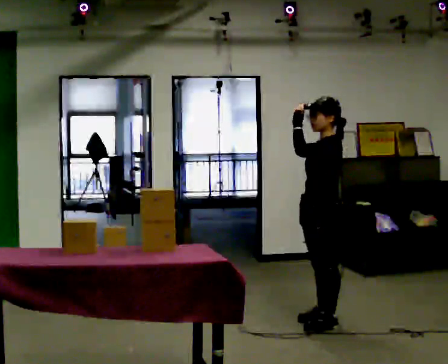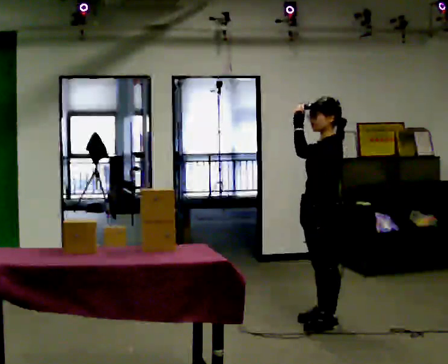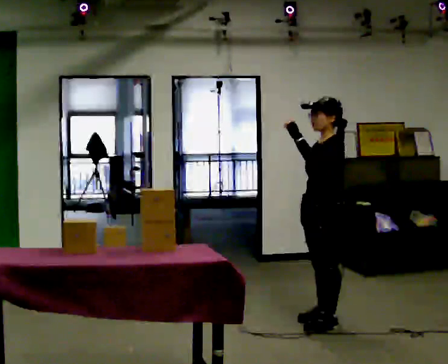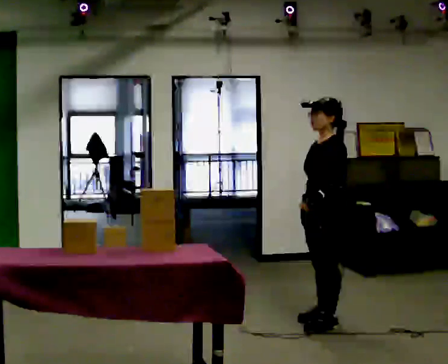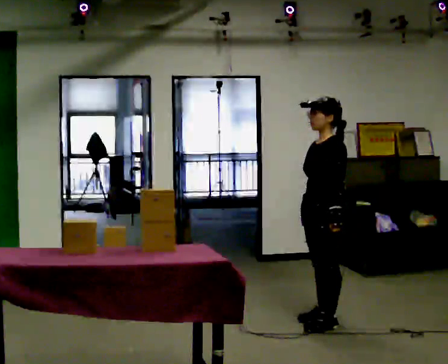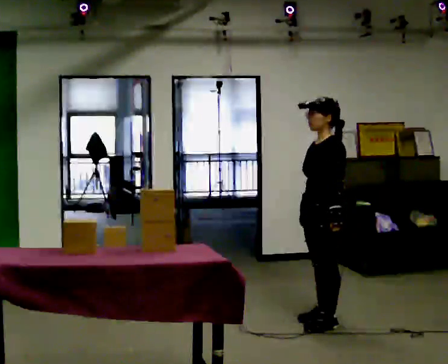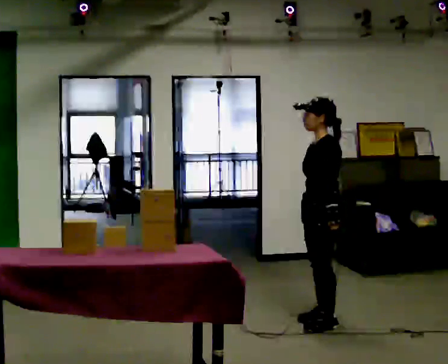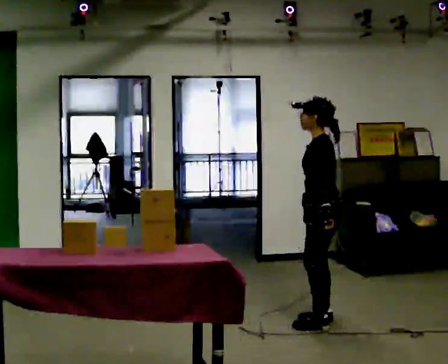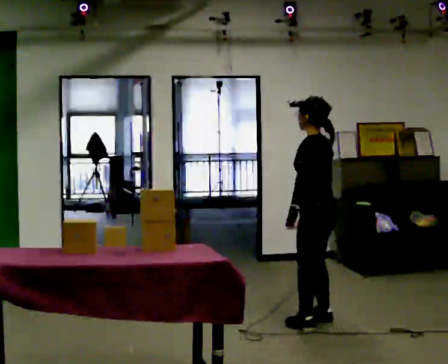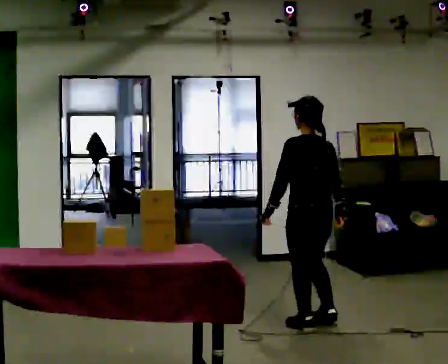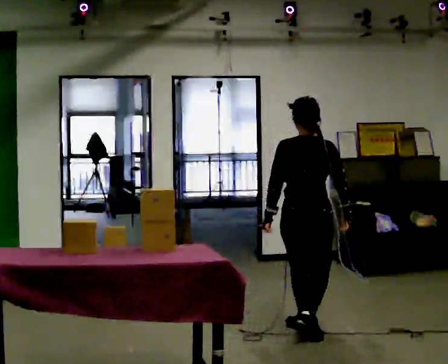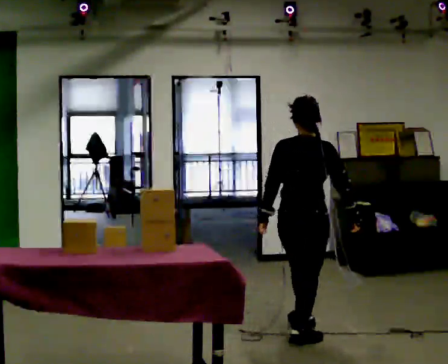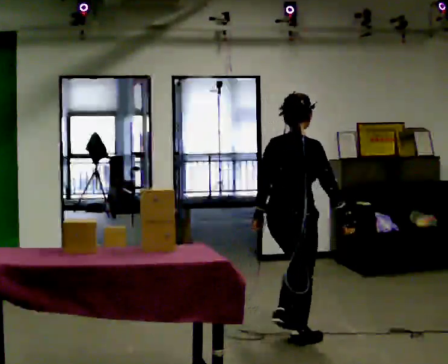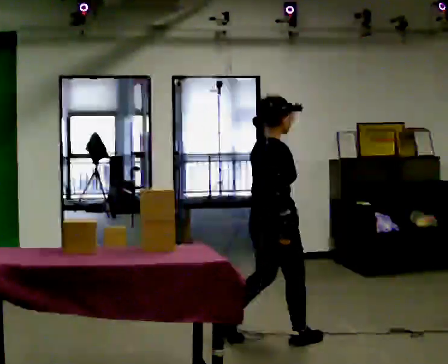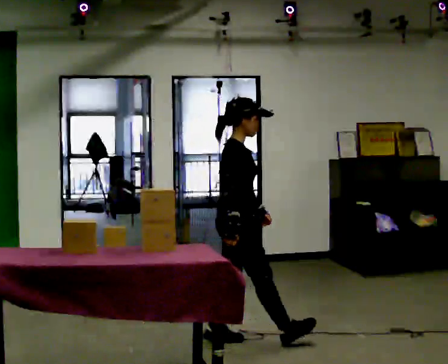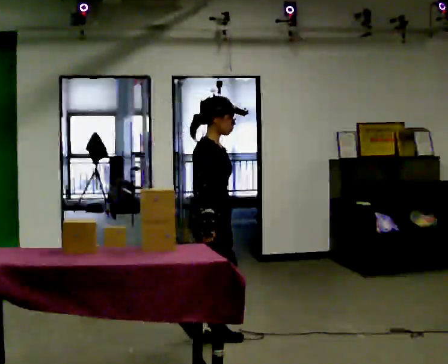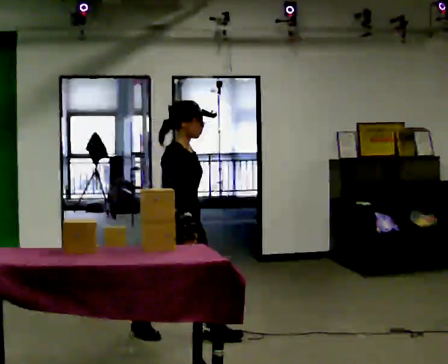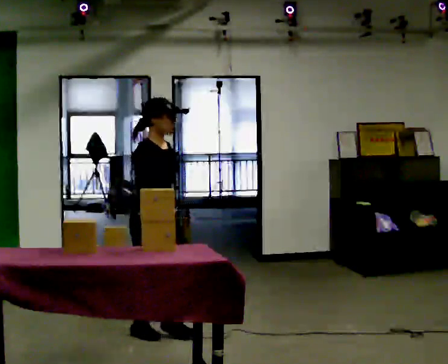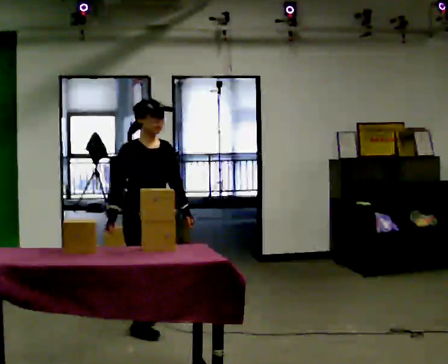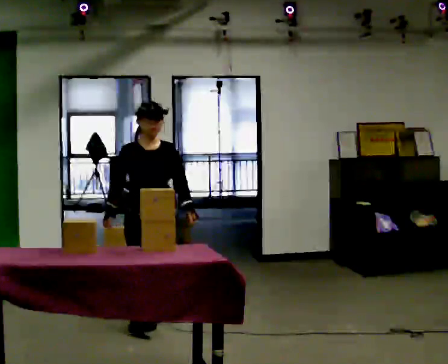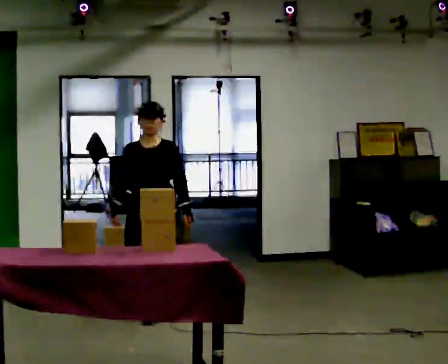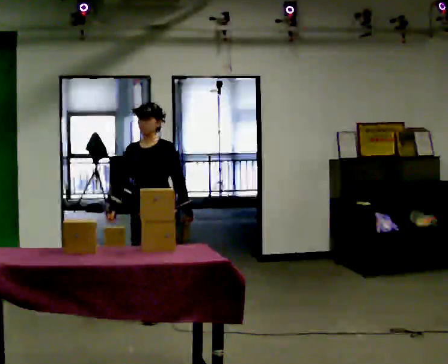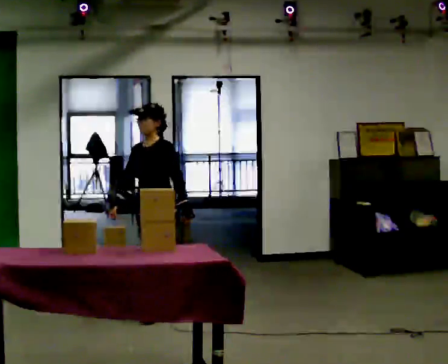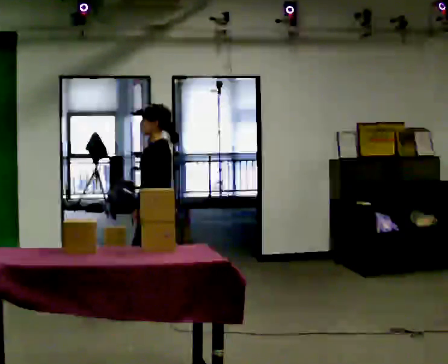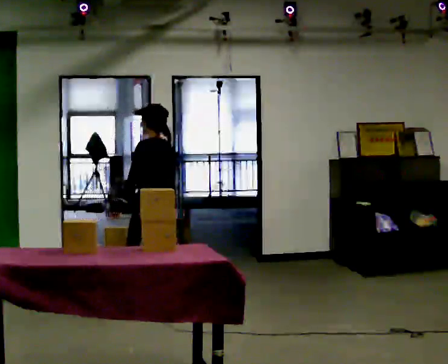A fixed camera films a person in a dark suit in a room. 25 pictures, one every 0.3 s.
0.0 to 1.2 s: In the picture their left hand goes downward.
1.2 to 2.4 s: The person turns about 30 degrees to their right, clockwise seen from above, so the part of the body nearest the lens slides to the left.
2.4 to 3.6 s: Seen from above the body turns clockwise, about 105 degrees: to their right, with its near side sliding to the left. In the picture they go toward the camera, about 0.5 m in 2 steps.
3.6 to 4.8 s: Seen from above the body turns clockwise, about 75 degrees: to their right, with its near side sliding to the left. In the picture they go to the left, about 0.5 m in 1 step.
4.8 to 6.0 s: The person turns about 75 degrees to their right, clockwise seen from above, so the part of the body nearest the lens slides to the left. In the picture they go away from the camera and to the left, about 0.5 m in 2 steps.
6.0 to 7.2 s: The person turns about 120 degrees to their right, clockwise seen from above, so the part of the body nearest the lens slides to the left. In the picture they go away from the camera, about 0.25 m in 1 step.
The film runs backward here.
